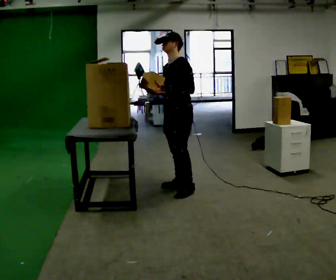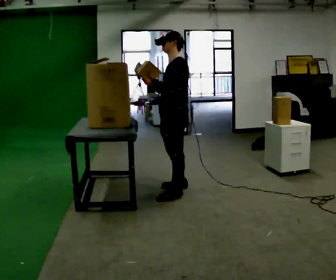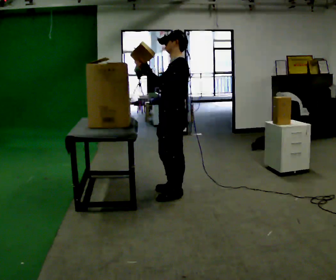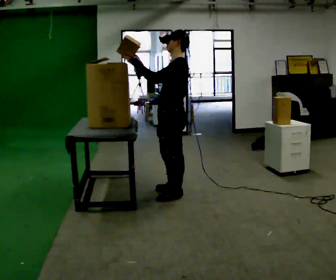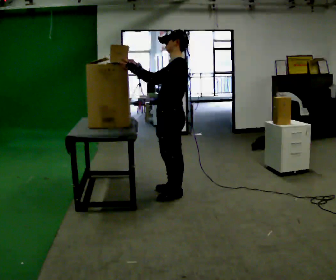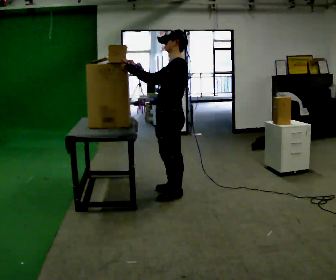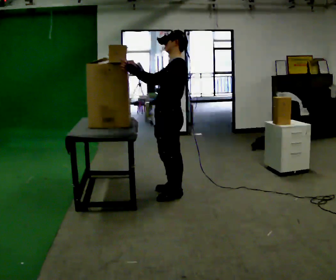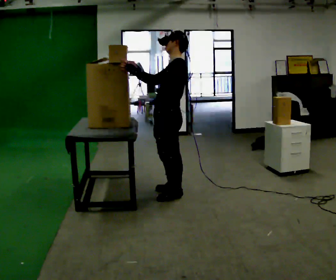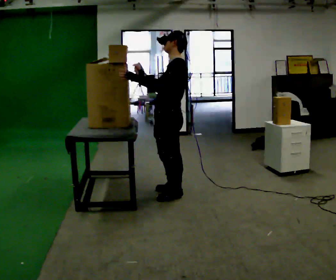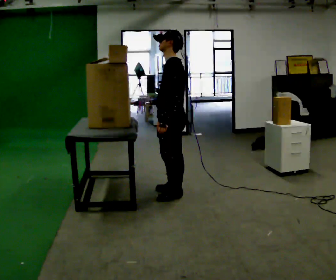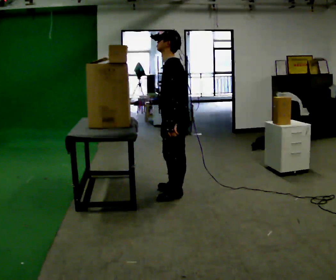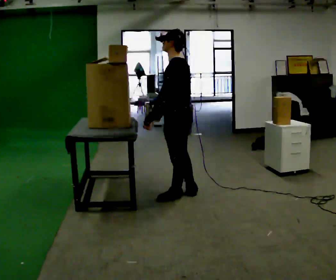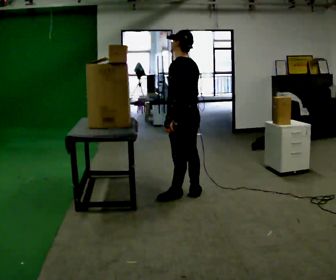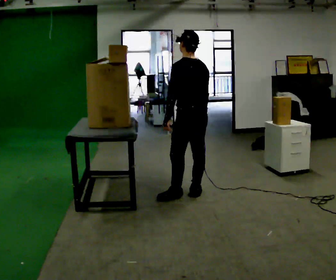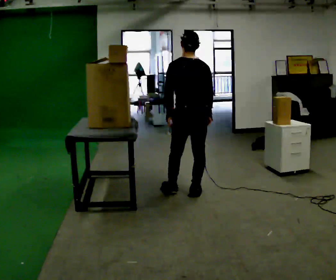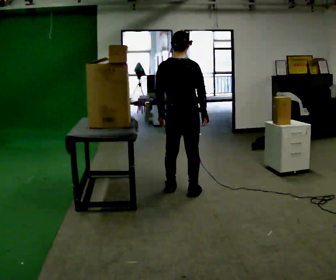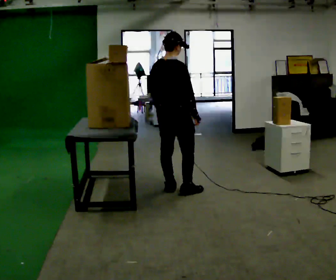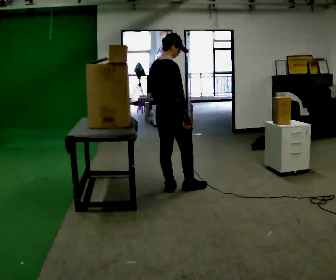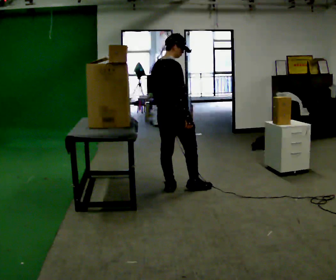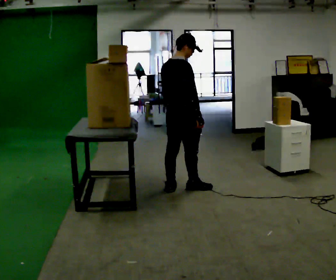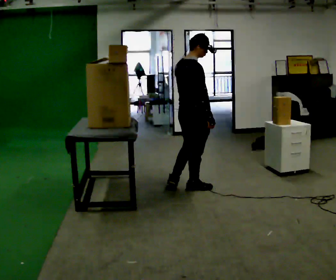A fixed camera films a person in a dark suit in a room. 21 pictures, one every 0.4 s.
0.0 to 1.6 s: The person turns about 30 degrees to their right, clockwise seen from above, so the part of the body nearest the lens slides to the left. In the picture they go toward the camera, about 0.25 m in 2 steps, which for them is to their left and forward.
1.6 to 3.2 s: The person moves a little, or ends about where they began.
3.2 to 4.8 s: The part of the body nearest the lens slides to the left as the person turns to their right by about 30 degrees. In the picture they go to the right, about 0.25 m in 1 step, which for them is backward. In the picture their right hand goes to the right and downward.
4.8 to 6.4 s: The part of the body nearest the lens slides to the left as the person turns to their right by about 90 degrees. In the picture they go away from the camera and to the left, about 0.25 m in 1 step.
6.4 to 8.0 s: In the picture they go to the right, about 0.25 m in 1 step, which for them is forward and to their right.
The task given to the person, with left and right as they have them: Take an object down from the highest shelf you can comfortably reach, carry it across, and place it on the waist-height shelf. Keep going until the operator says stop; one object at a time, and do not rush between trips.
The film runs forward here.
